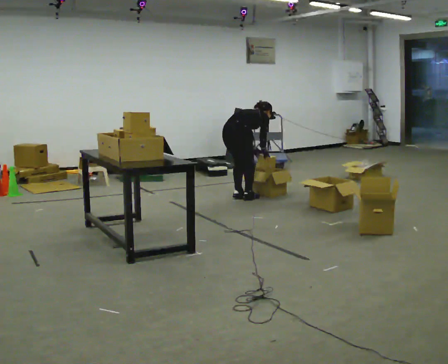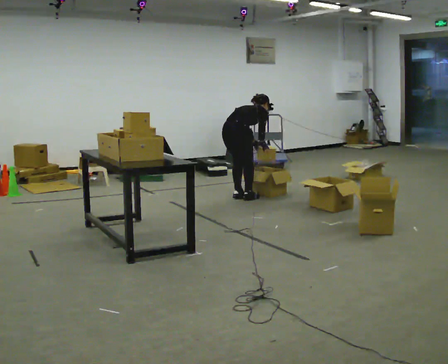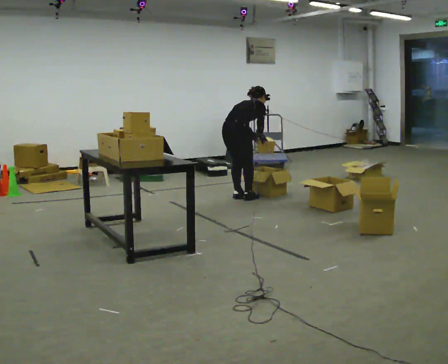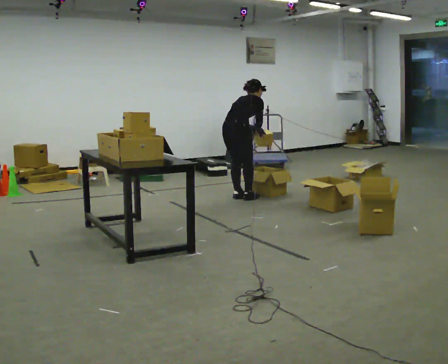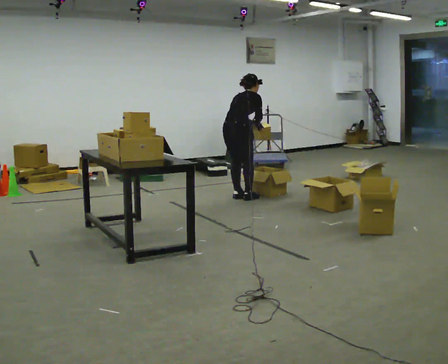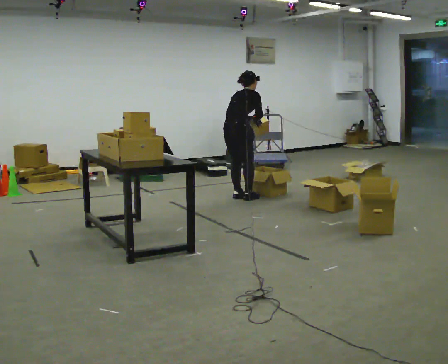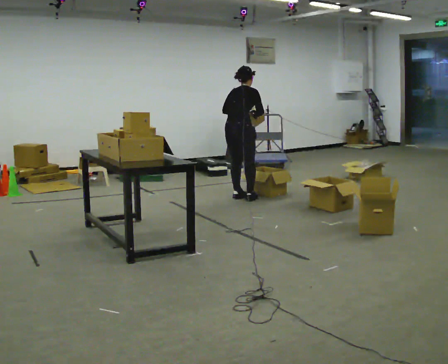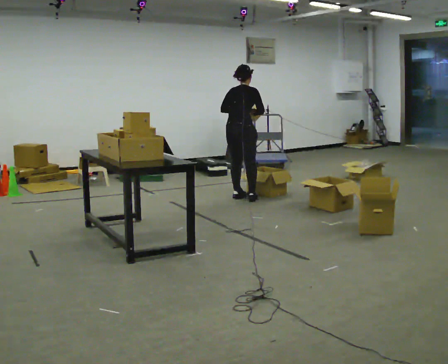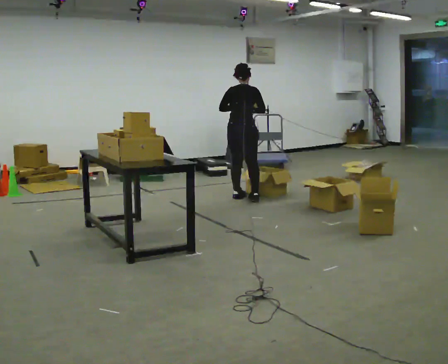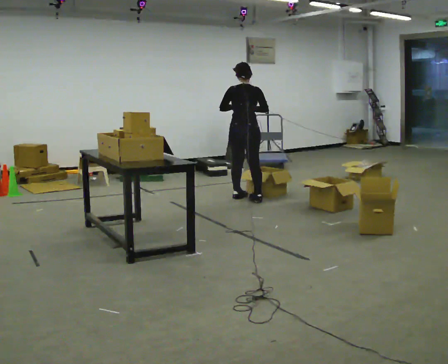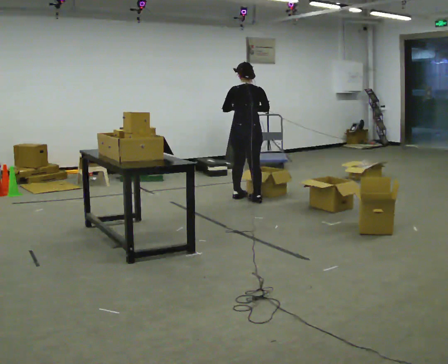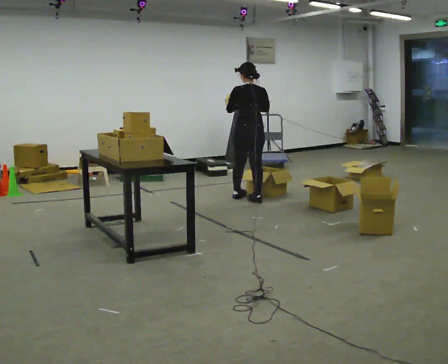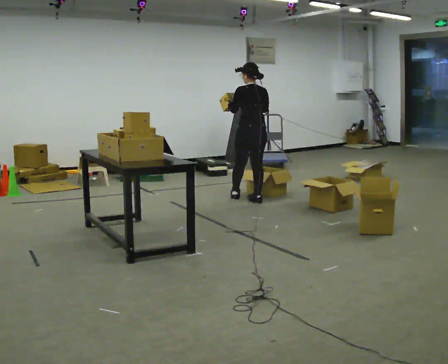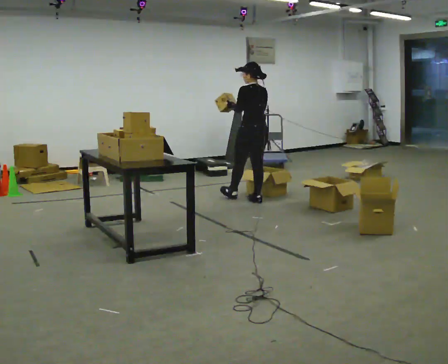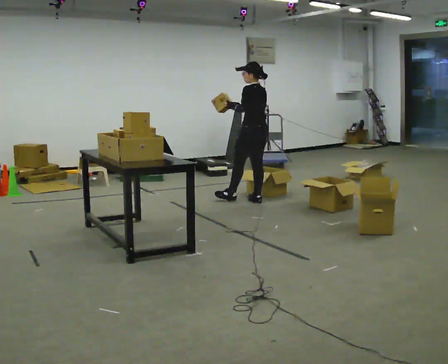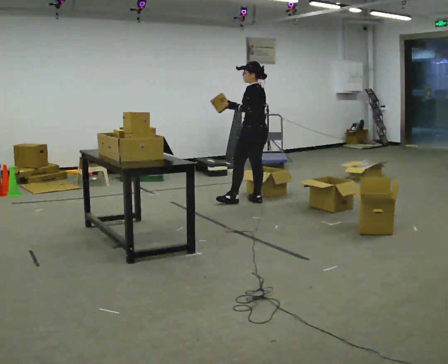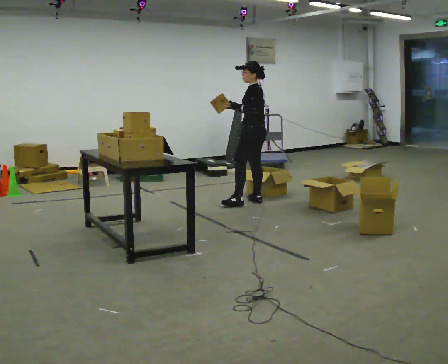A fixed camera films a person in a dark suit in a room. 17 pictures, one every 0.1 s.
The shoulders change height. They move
upward.
Their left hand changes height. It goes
upward.
0.0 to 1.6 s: Seen from above the body turns counterclockwise, about 120 degrees: to their left, with its near side sliding to the right. In the picture they go to the right and toward the camera, about 0.25 m in 1 step. The upper body goes upward. In the picture the upper body tilts counterclockwise, shoulders to the left, as they lean back or straighten. In the picture their right hand goes upward.
The film runs forward here.
